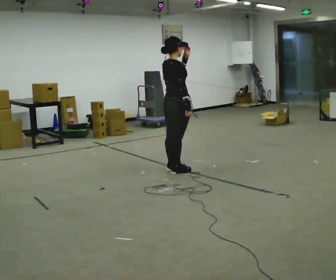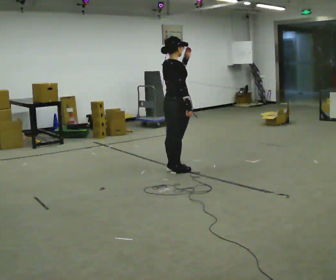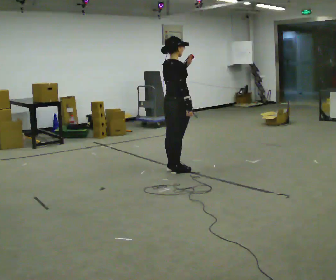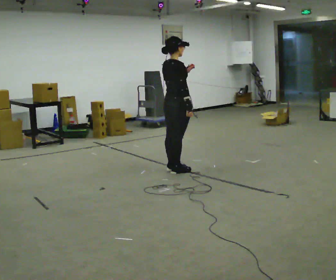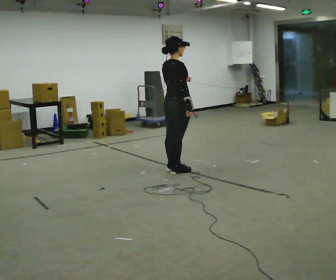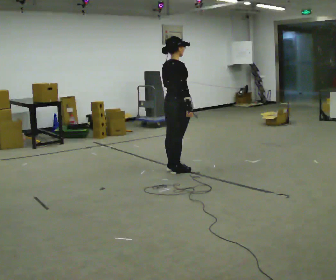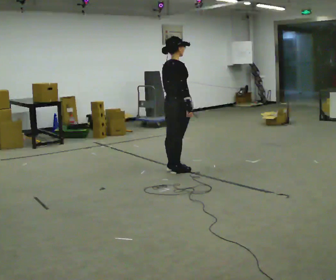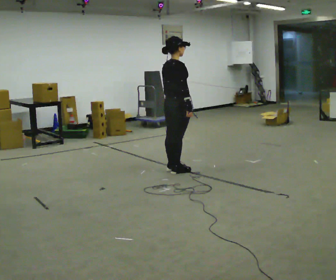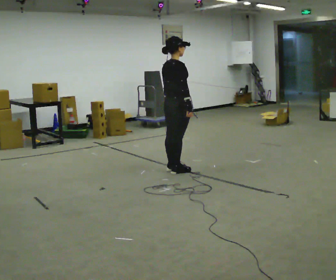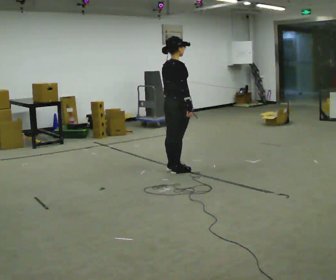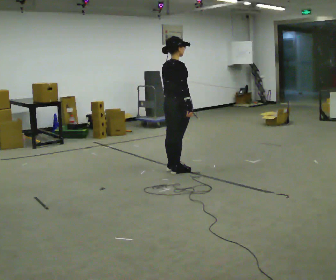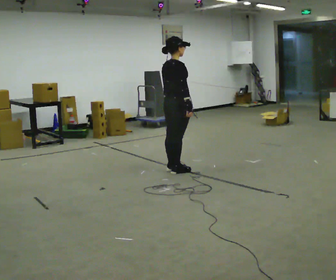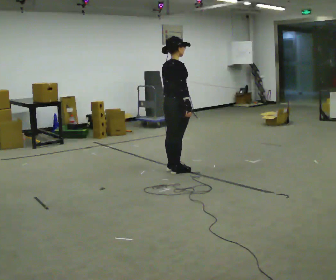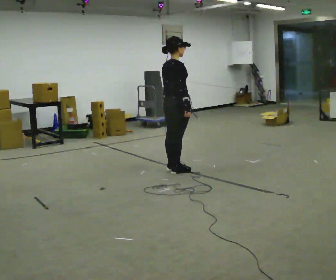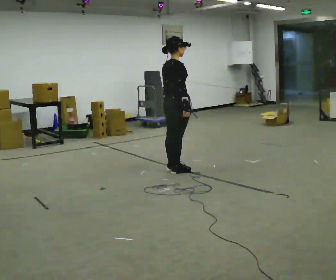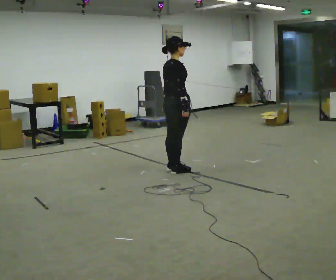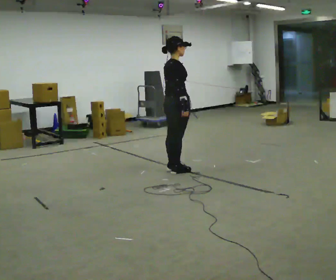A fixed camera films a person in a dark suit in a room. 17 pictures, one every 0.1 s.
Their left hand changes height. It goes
downward.
0.0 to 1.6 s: In the picture their left hand goes downward.
The film runs backward here.
